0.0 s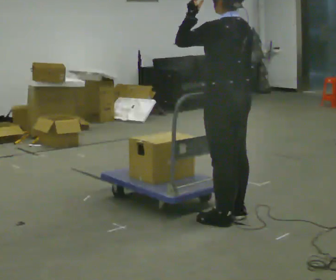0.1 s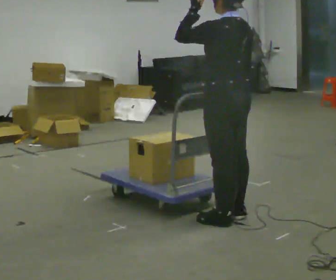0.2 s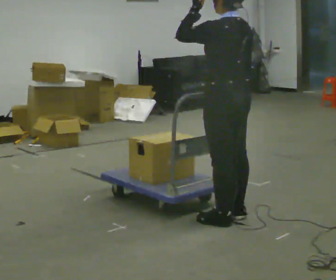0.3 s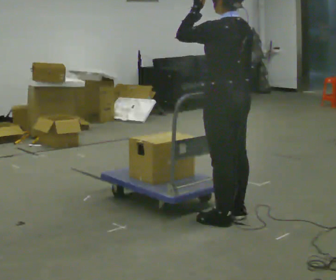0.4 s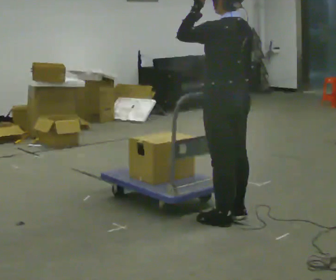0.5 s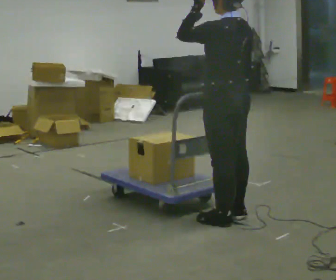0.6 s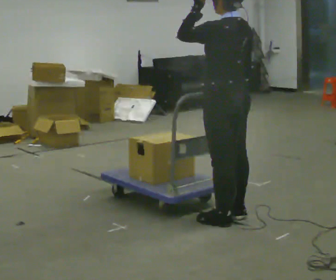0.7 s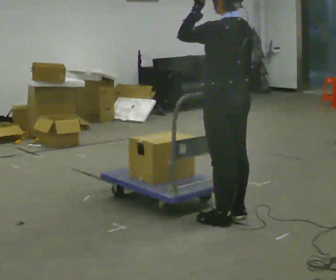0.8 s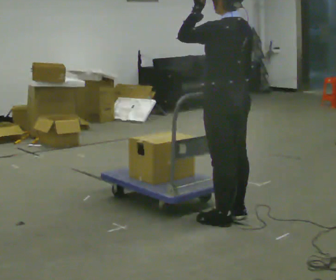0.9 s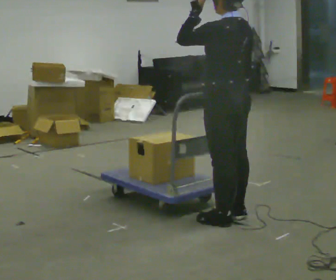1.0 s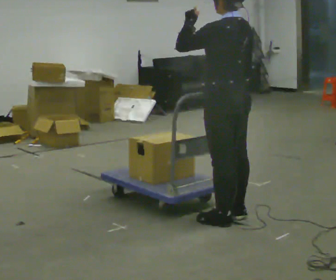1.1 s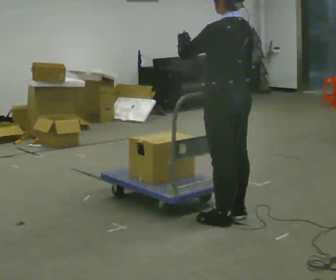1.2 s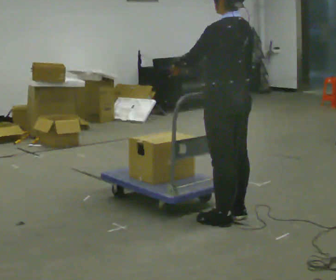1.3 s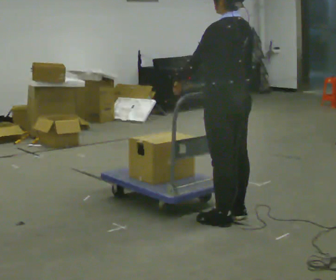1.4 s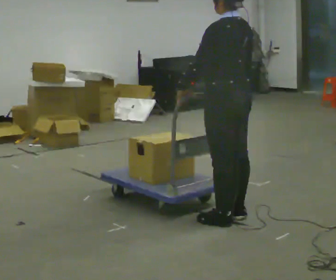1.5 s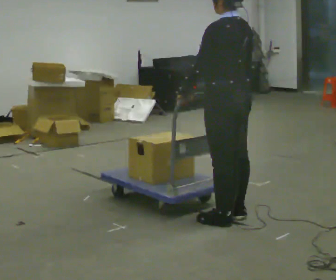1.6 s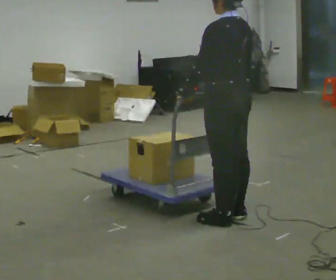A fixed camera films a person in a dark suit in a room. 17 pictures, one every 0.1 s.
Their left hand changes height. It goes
downward.
0.0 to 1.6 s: In the picture their left hand goes downward.
The film runs forward here.
